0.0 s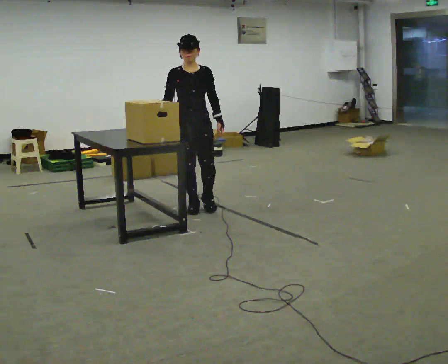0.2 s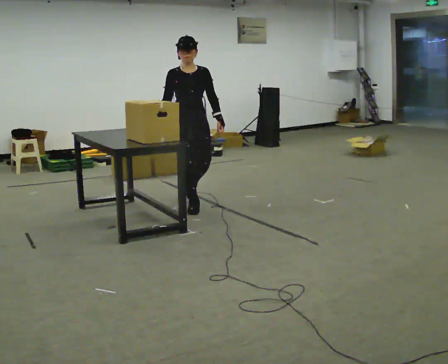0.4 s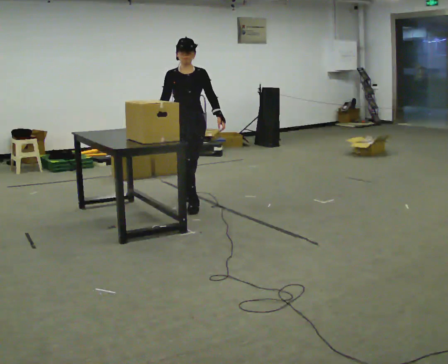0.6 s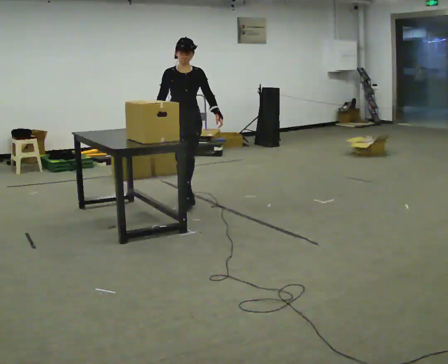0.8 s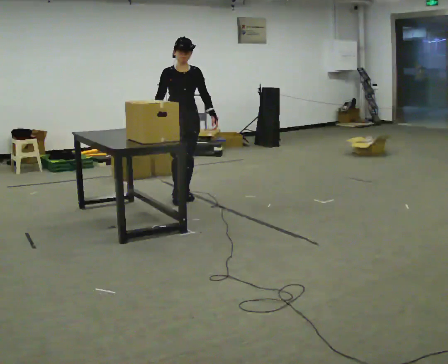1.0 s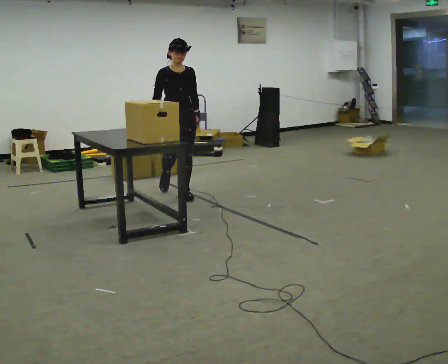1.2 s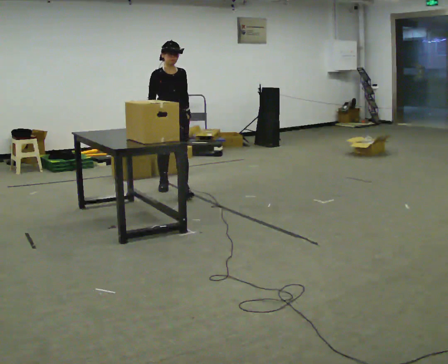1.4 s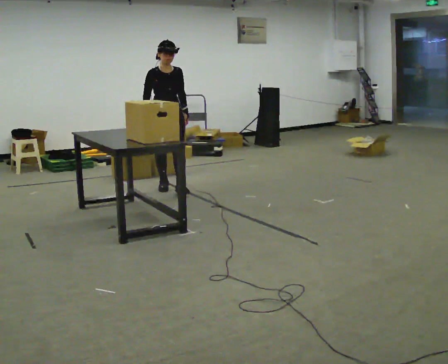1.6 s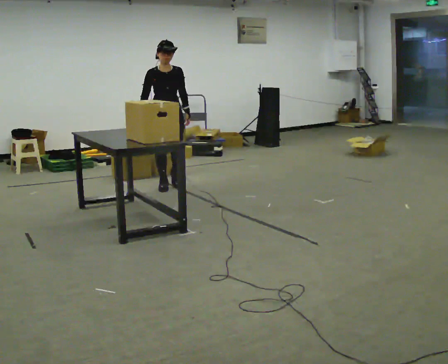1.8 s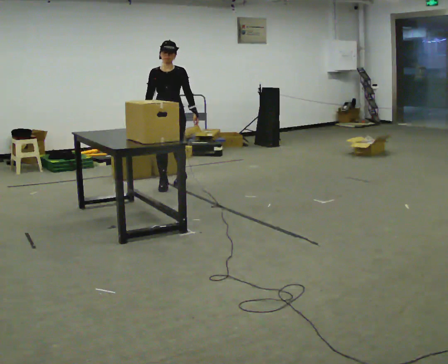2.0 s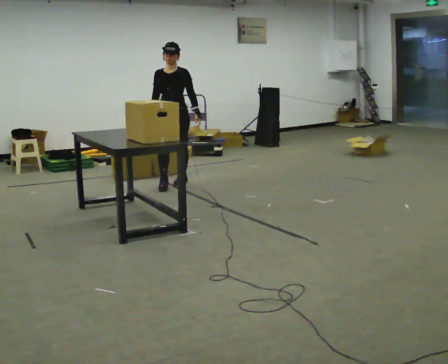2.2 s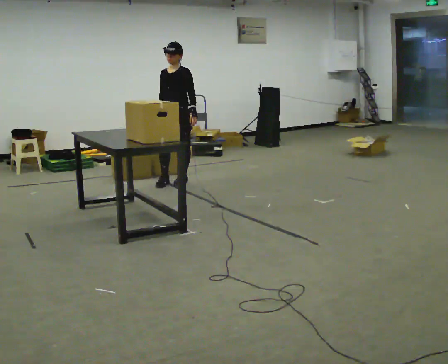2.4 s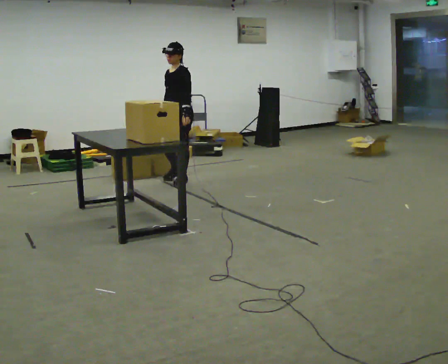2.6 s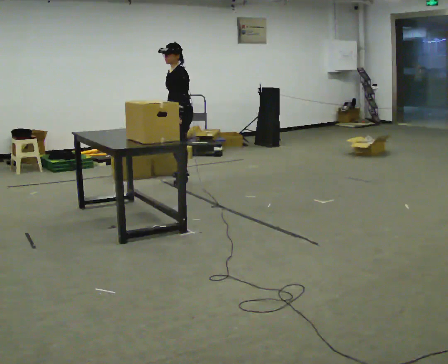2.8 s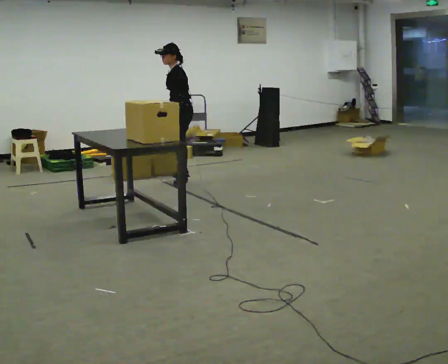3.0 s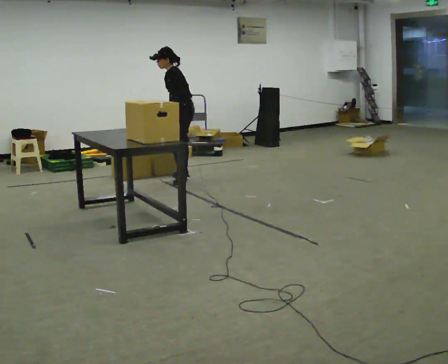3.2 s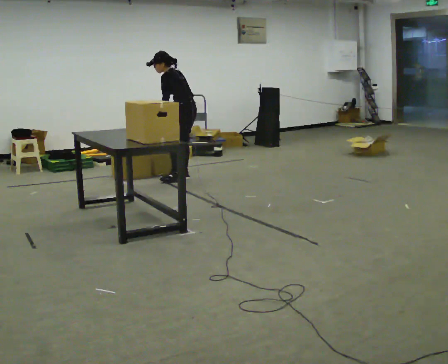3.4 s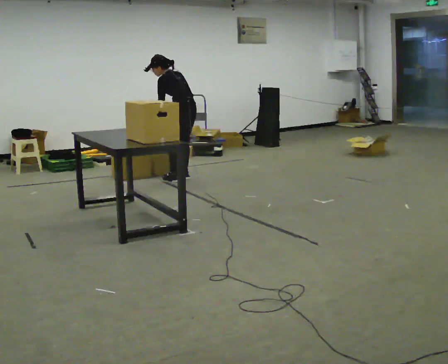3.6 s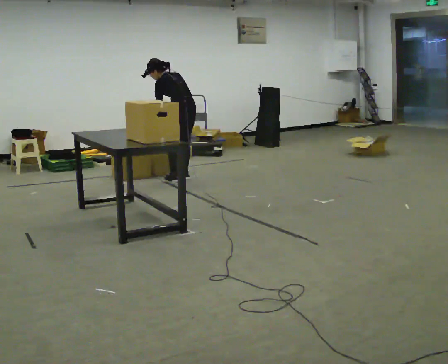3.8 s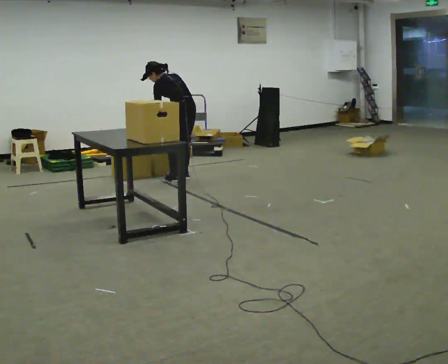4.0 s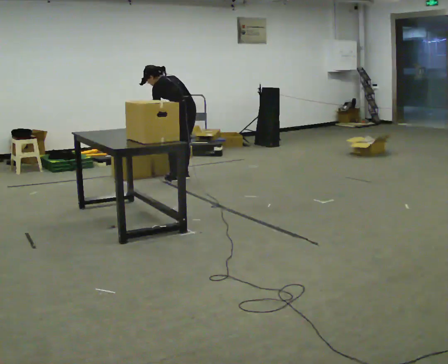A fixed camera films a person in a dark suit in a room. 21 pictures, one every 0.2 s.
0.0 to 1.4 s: In the picture they go away from the camera, about 1 m in 2 steps, which for them is backward.
1.4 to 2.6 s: Seen from above the body turns clockwise, about 90 degrees: to their right, with its near side sliding to the left. In the picture they go away from the camera and to the right, about 0.5 m in 1 step.
2.6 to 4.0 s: Seen from above the body turns clockwise, about 75 degrees: to their right, with its near side sliding to the left. The upper body tips away from the camera, its near side rolling upward, as they bend forward. In the picture their left hand goes to the left.
The film runs backward here.
